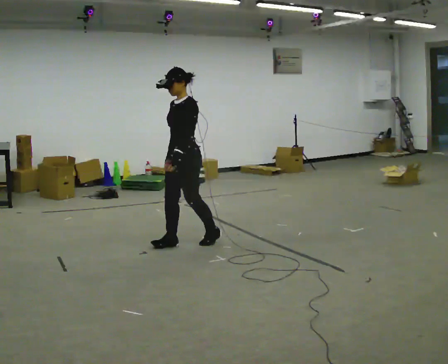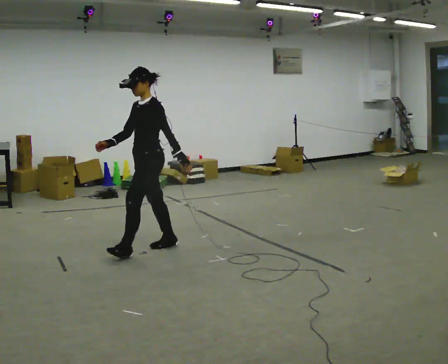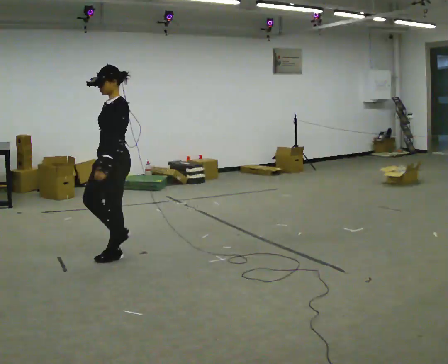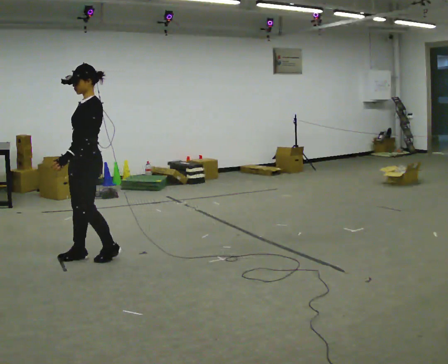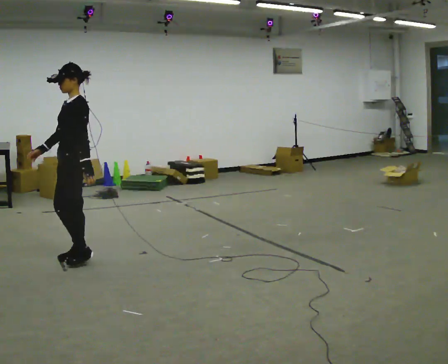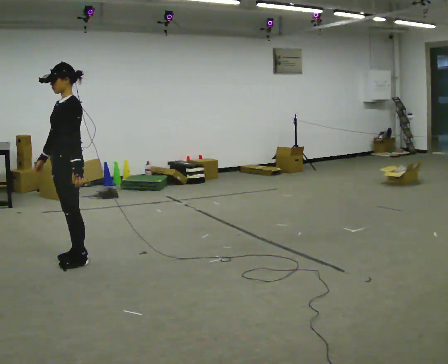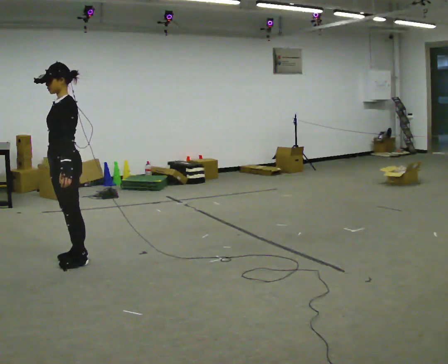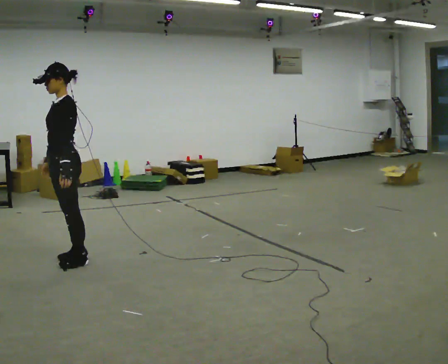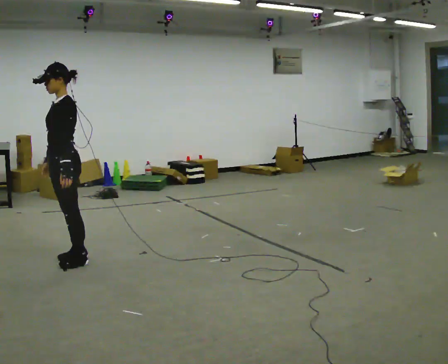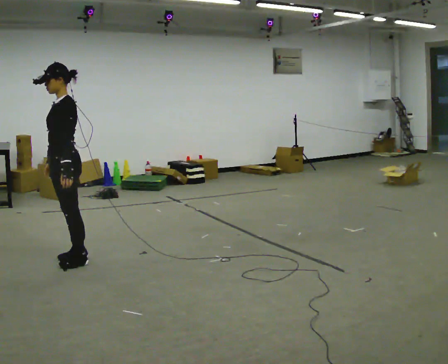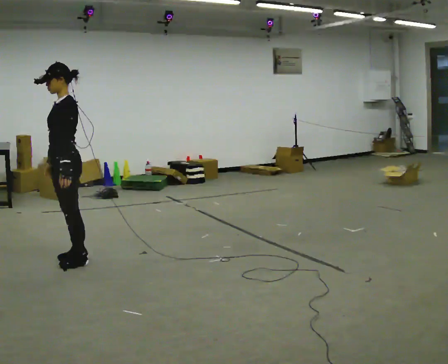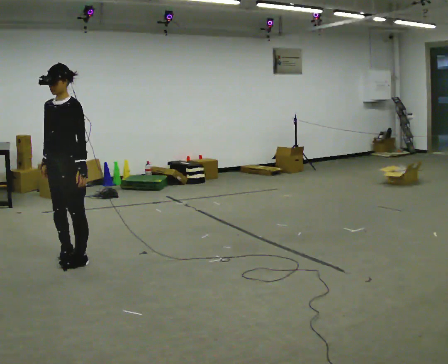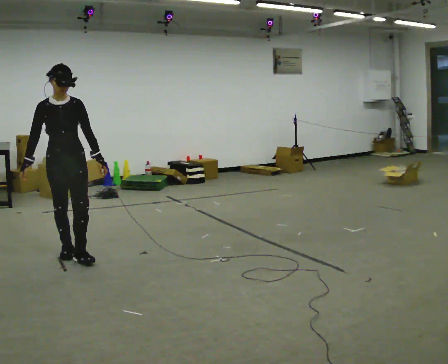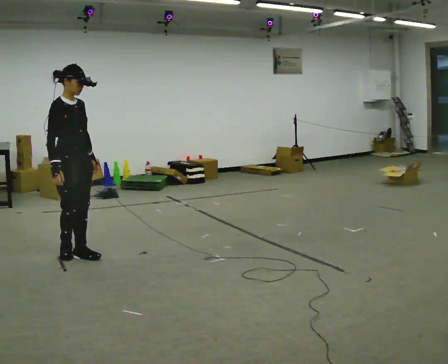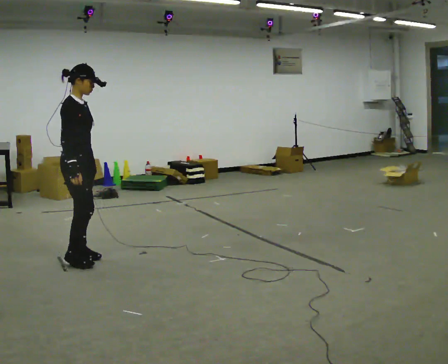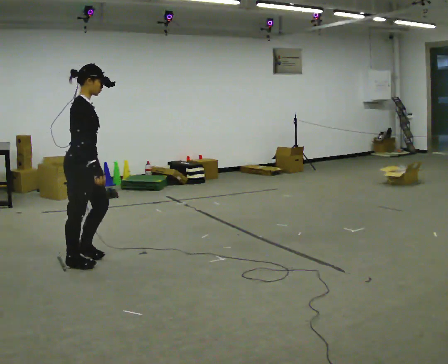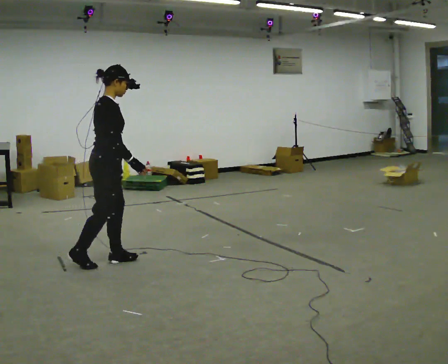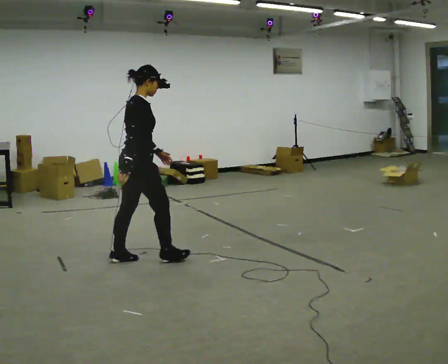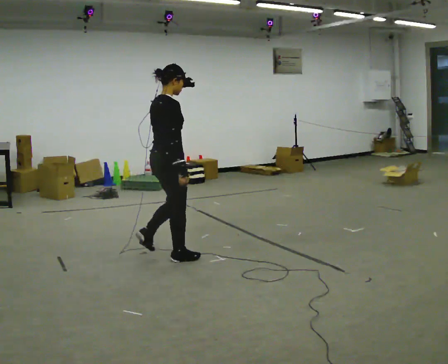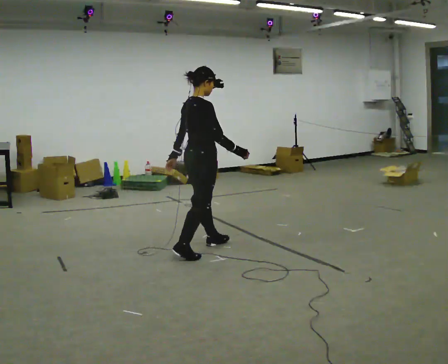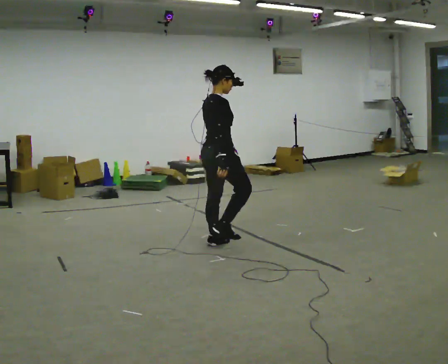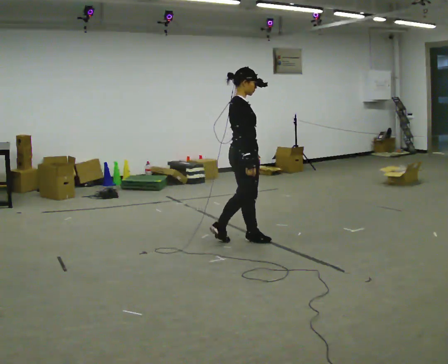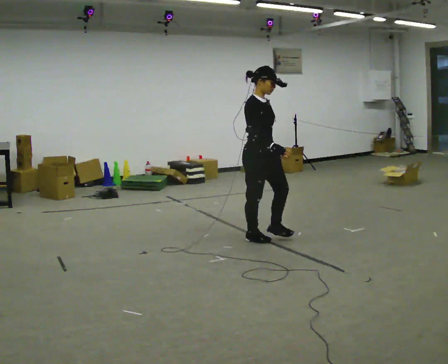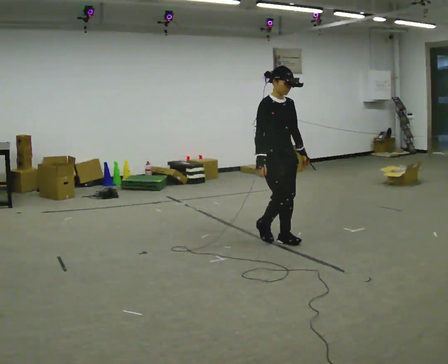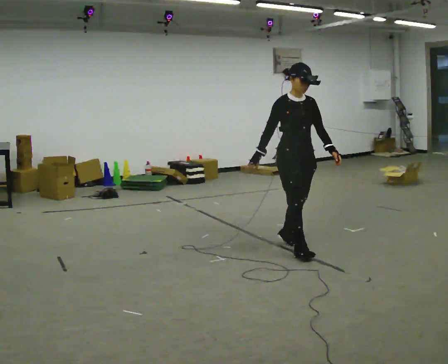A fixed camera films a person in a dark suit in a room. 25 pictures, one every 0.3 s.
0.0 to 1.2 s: In the picture they go to the left, about 1 m in 2 steps, which for them is forward.
1.2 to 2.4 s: The person moves a little, or ends about where they began.
2.4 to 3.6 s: The part of the body nearest the lens slides to the right as the person turns to their left by about 90 degrees. In the picture they go away from the camera, about 0.25 m in 1 step.
3.6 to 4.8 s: The part of the body nearest the lens slides to the right as the person turns to their left by about 90 degrees. In the picture they go to the right and toward the camera, about 0.25 m in 3 steps.
4.8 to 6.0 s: In the picture they go to the right, about 1 m in 2 steps, which for them is forward.
6.0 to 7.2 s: The person turns about 90 degrees to their right, clockwise seen from above, so the part of the body nearest the lens slides to the left. In the picture they go to the right and toward the camera, about 0.5 m in 3 steps.
The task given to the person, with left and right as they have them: Walk normally; turn left/right while slowing; after turn accelerate back to normal.
The film runs forward here.
